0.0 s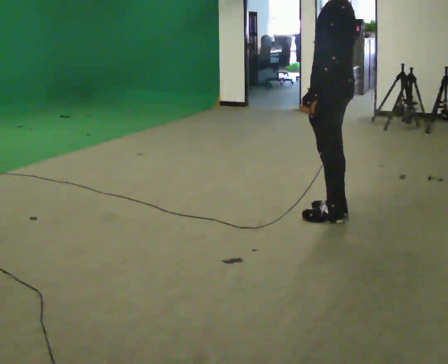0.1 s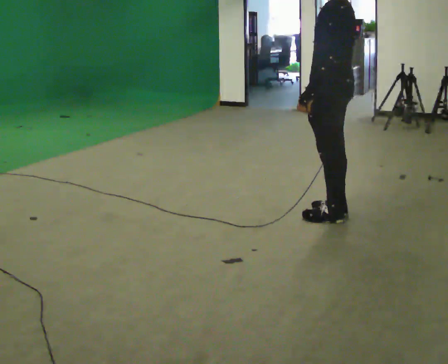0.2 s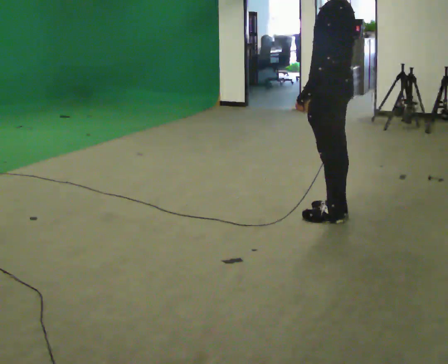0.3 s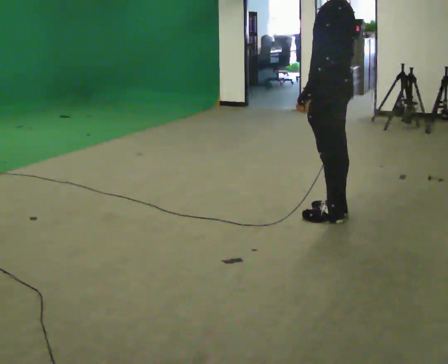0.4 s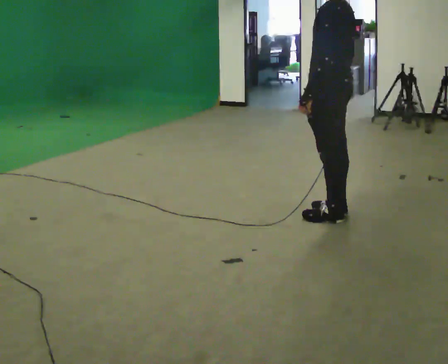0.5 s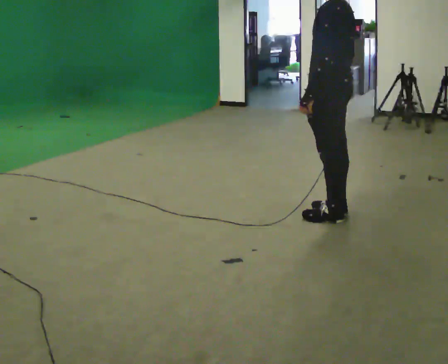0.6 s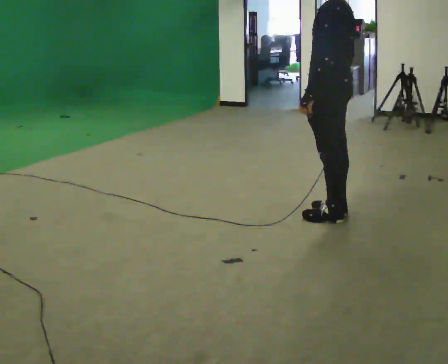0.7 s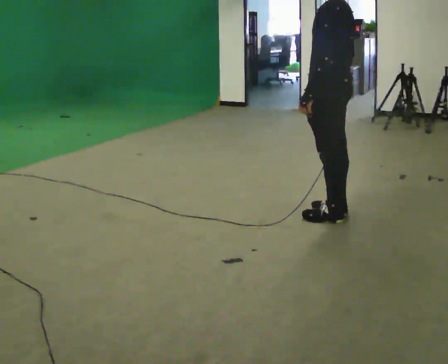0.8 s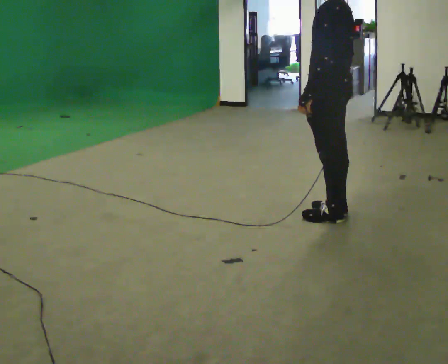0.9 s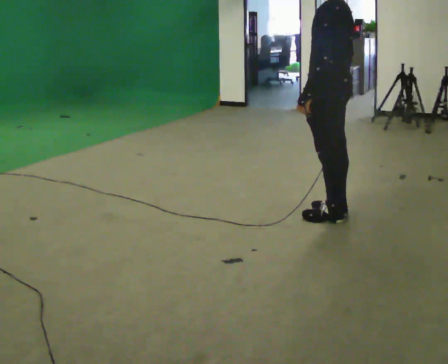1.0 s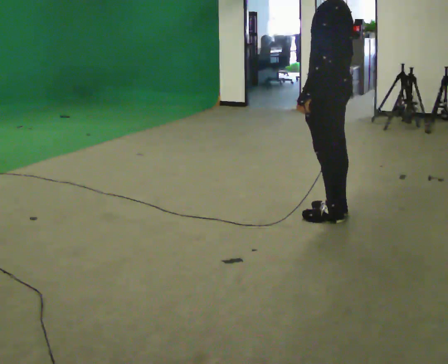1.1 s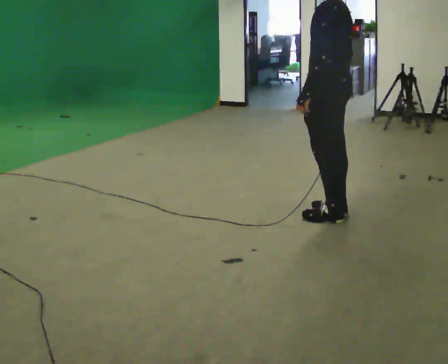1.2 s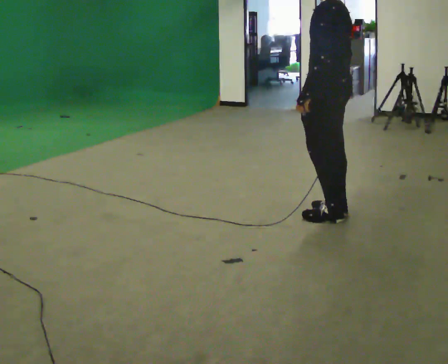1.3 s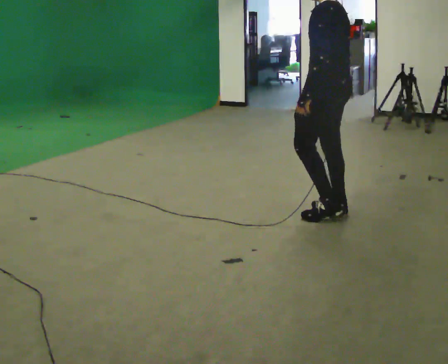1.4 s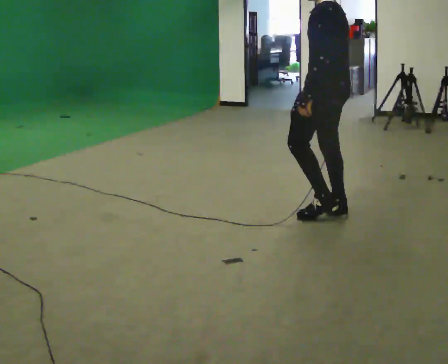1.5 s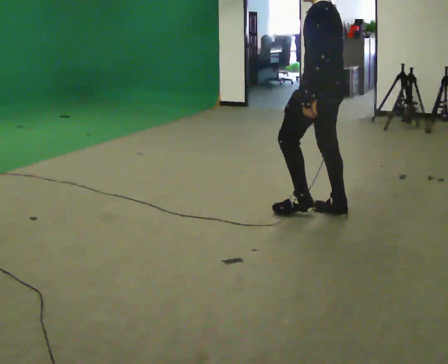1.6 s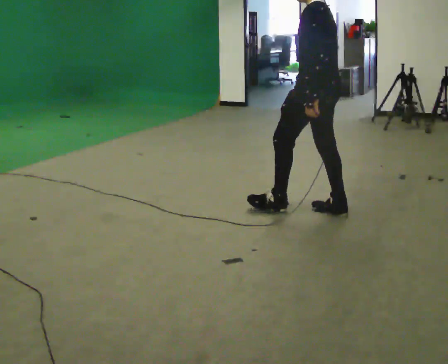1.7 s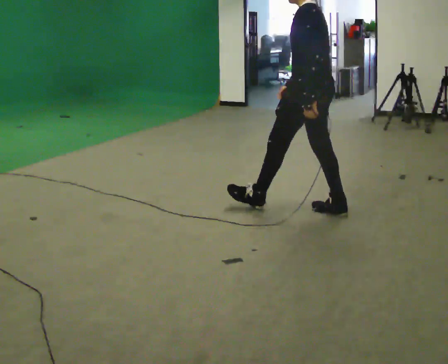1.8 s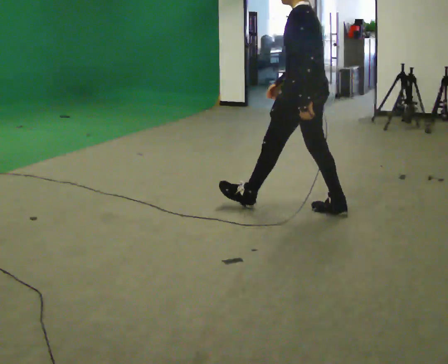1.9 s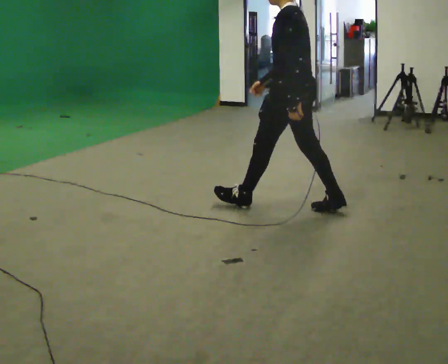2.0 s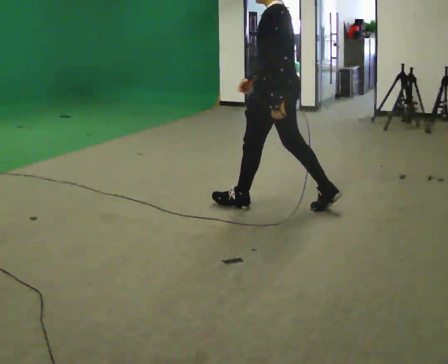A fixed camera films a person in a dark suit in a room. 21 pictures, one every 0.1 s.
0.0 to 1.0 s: The person moves a little, or ends about where they began.
1.0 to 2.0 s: In the picture they go to the left, about 0.5 m in 1 step, which for them is forward.
The film runs forward here.
